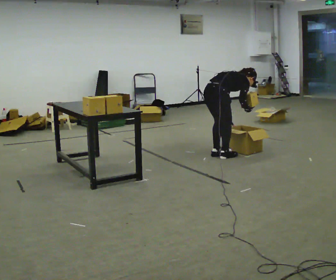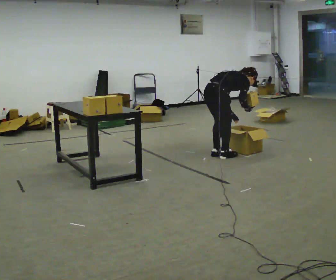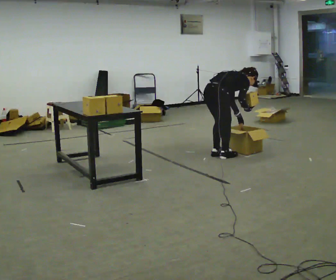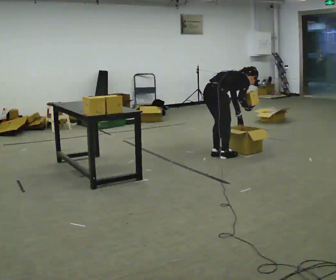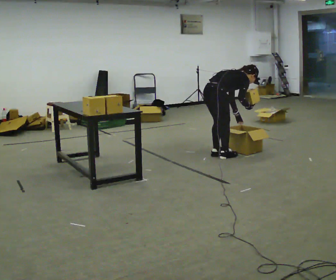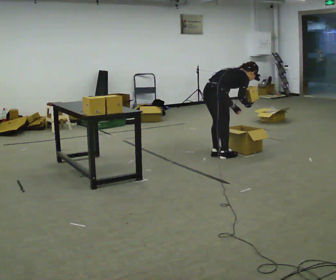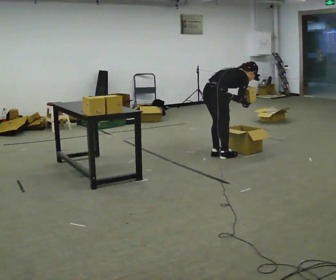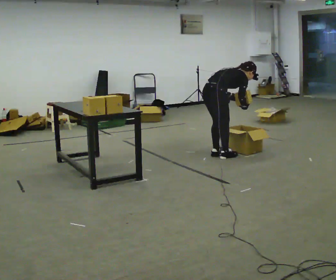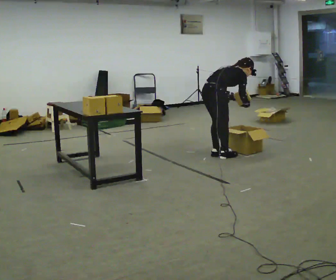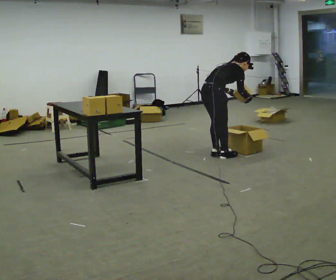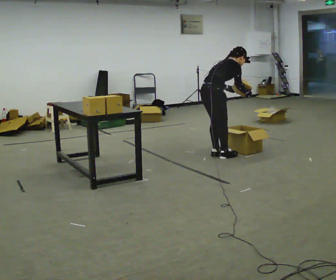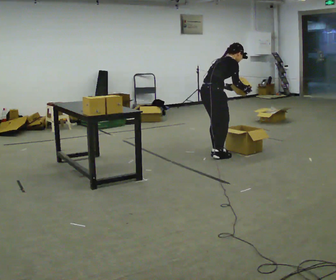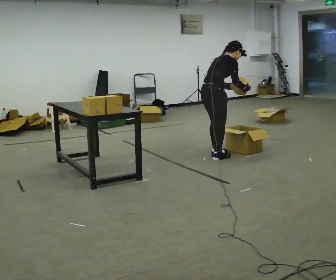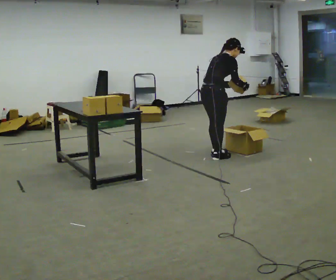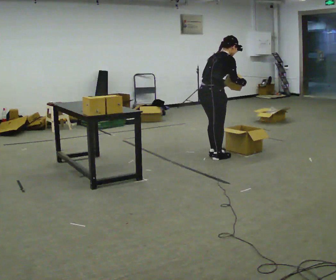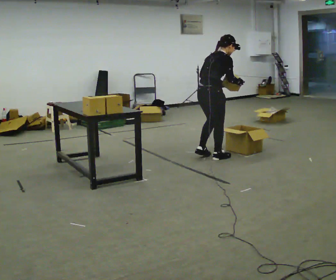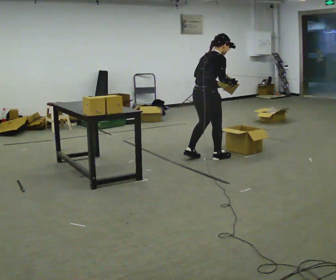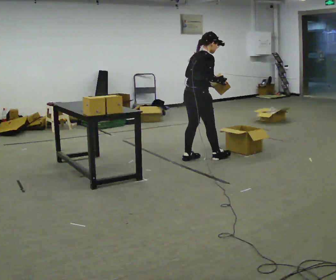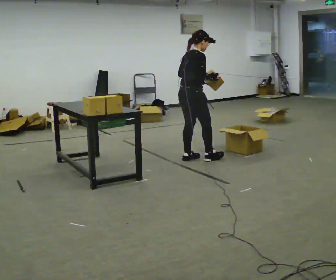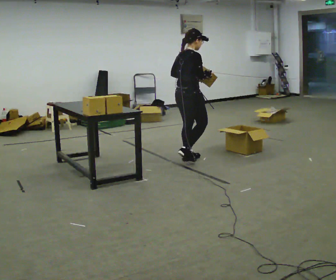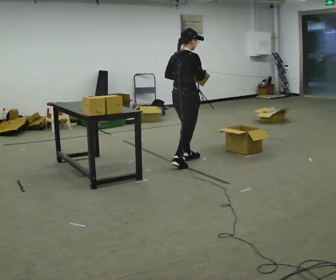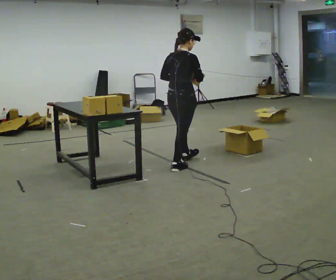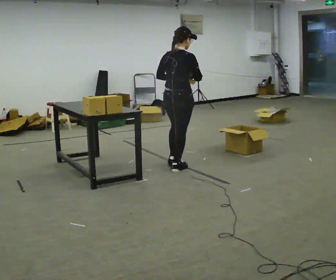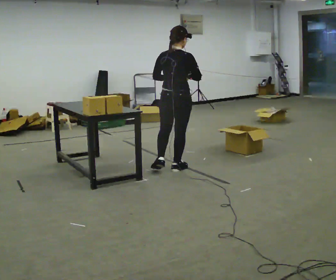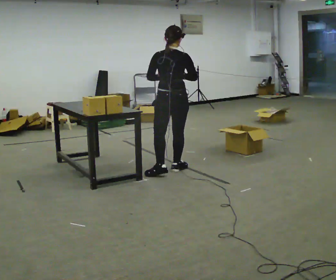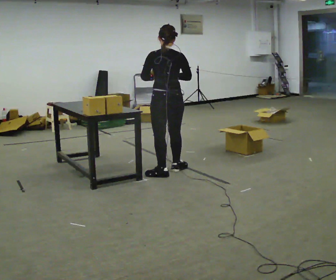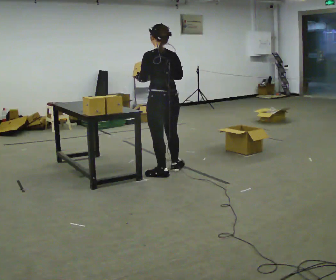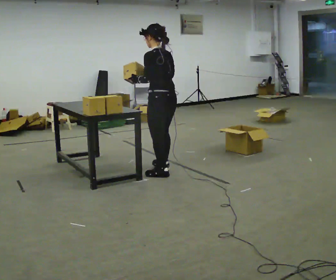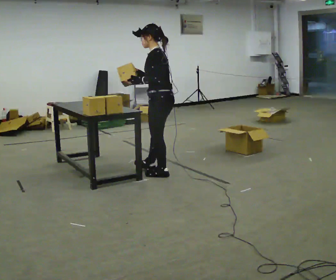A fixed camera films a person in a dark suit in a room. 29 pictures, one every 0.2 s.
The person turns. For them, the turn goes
to their left.
The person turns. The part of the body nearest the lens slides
to the right.
0.0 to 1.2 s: The person moves a little, or ends about where they began.
1.2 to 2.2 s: In the picture the upper body tilts counterclockwise, shoulders to the left, as they lean back or straighten.
2.2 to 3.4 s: In the picture they go to the left, about 0.25 m in 1 step, which for them is backward. In the picture the upper body tilts counterclockwise, shoulders to the left, as they lean back or straighten. In the picture their right hand goes to the left.
3.4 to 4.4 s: The person turns about 30 degrees to their left, counterclockwise seen from above, so the part of the body nearest the lens slides to the right. In the picture they go toward the camera and to the left, about 0.5 m in 2 steps, which for them is backward.
4.4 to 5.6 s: The part of the body nearest the lens slides to the right as the person turns to their left by about 105 degrees. In the picture they go toward the camera, about 0.25 m in 1 step.
The film runs backward here.
